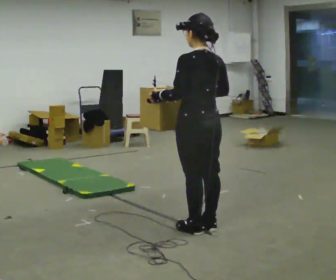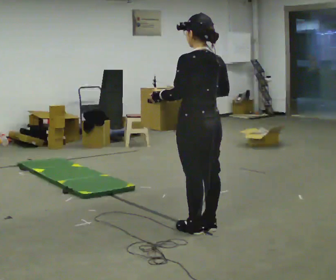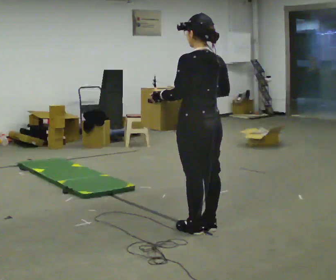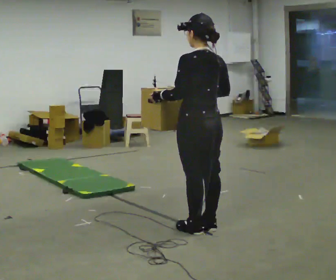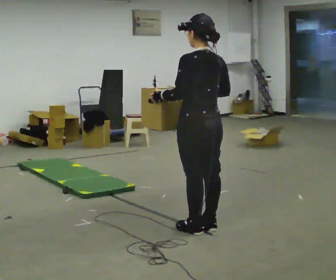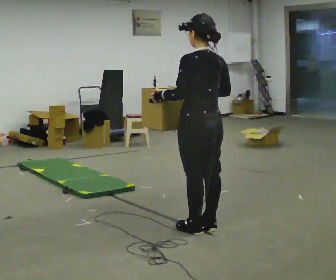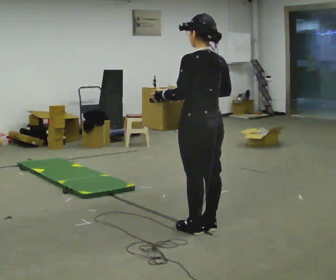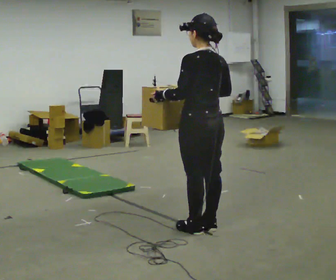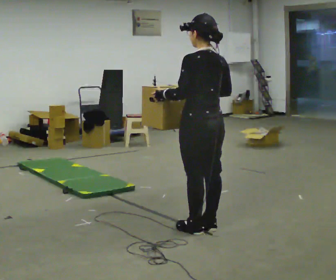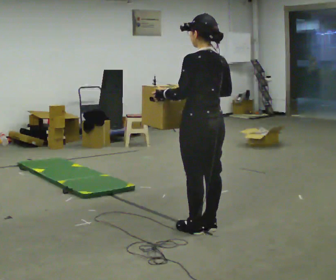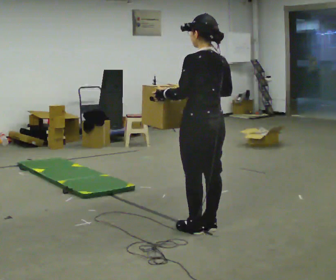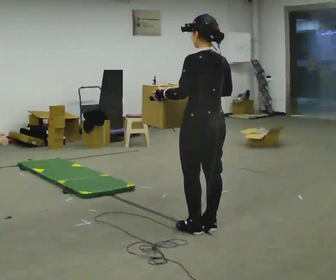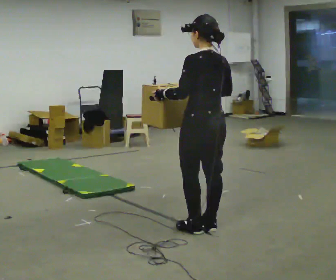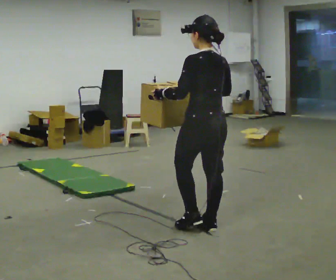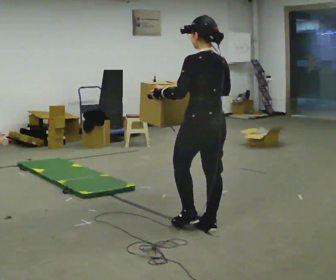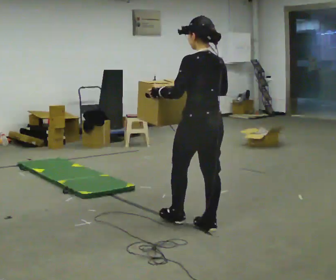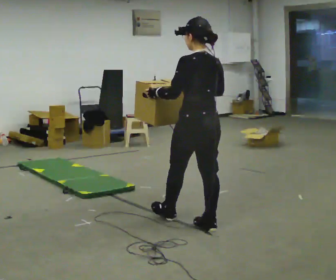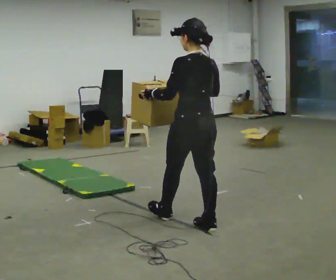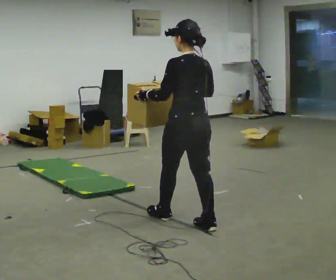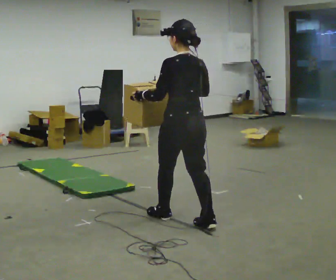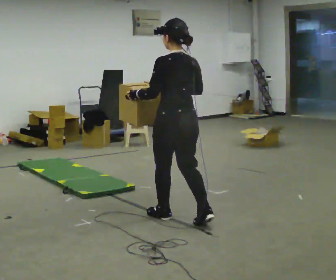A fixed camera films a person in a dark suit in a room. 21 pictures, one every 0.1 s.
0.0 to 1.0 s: The person moves a little, or ends about where they began.
1.0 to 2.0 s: In the picture they go to the left and away from the camera, about 0.25 m in 1 step, which for them is forward.
The film runs forward here.
